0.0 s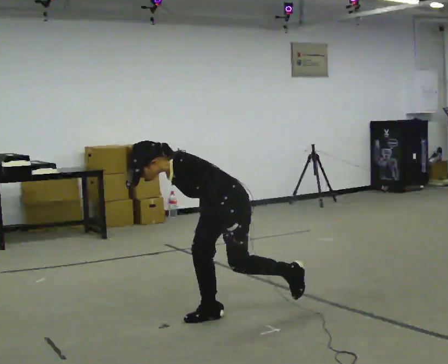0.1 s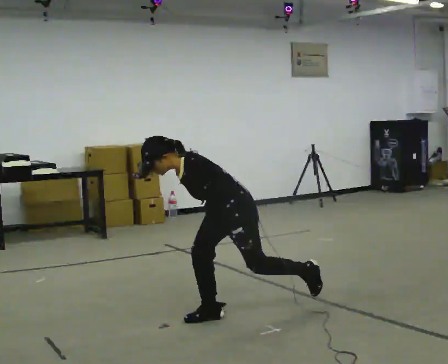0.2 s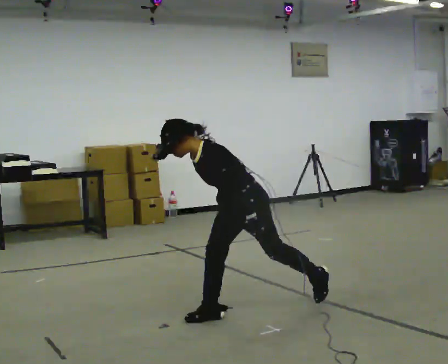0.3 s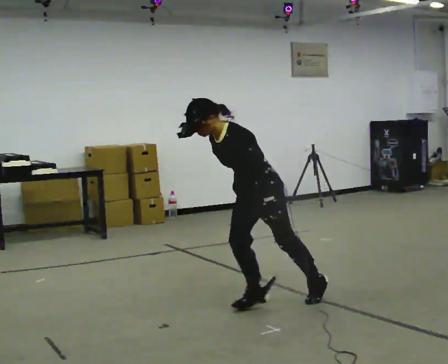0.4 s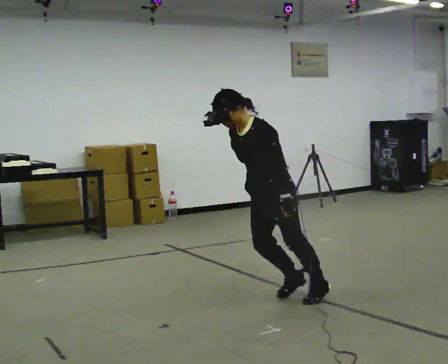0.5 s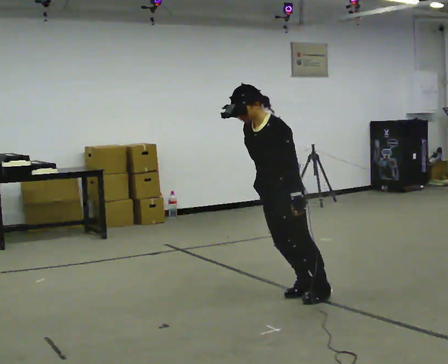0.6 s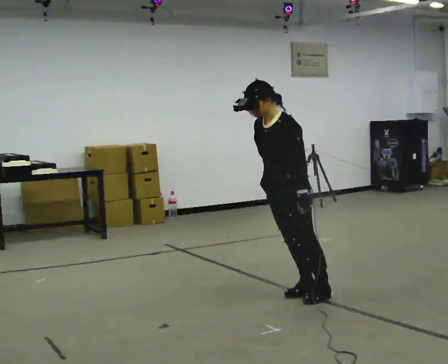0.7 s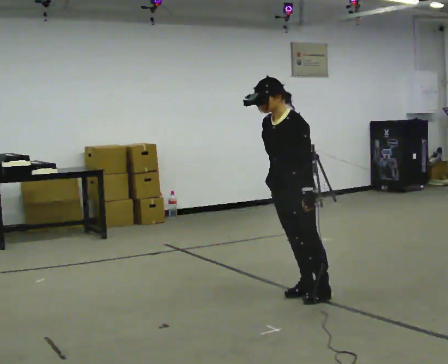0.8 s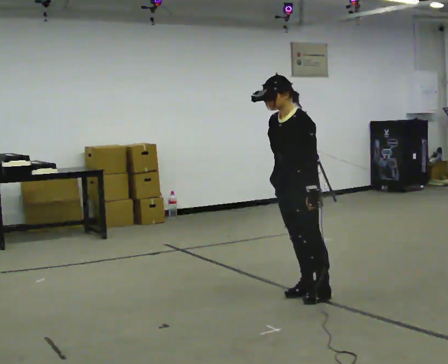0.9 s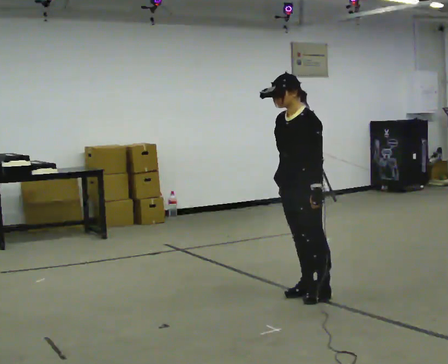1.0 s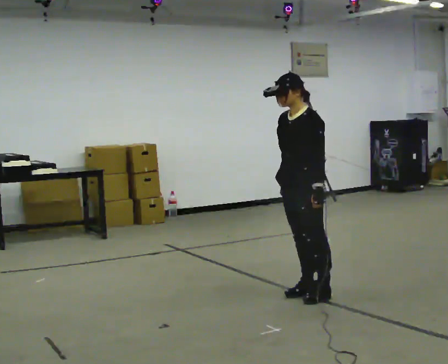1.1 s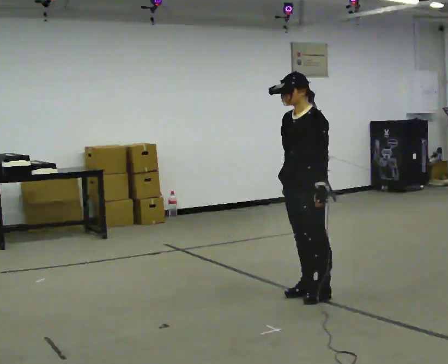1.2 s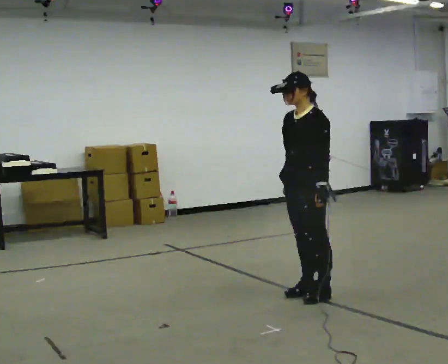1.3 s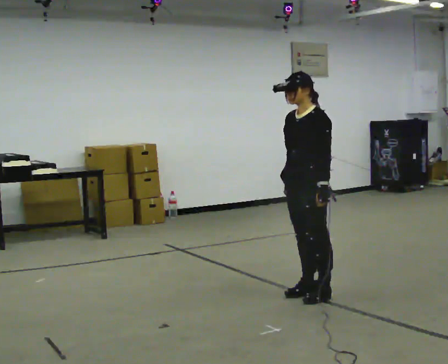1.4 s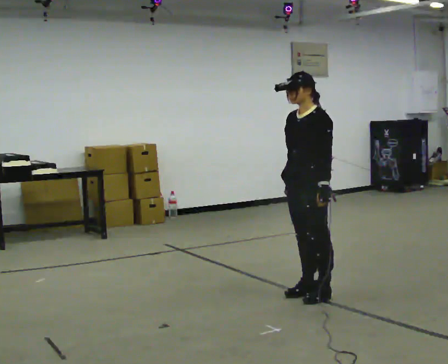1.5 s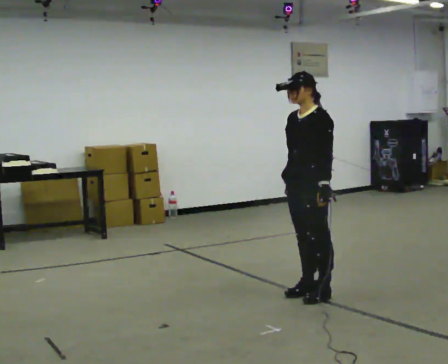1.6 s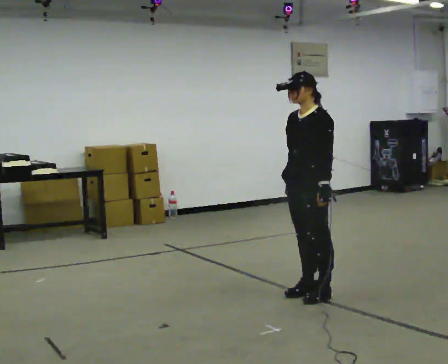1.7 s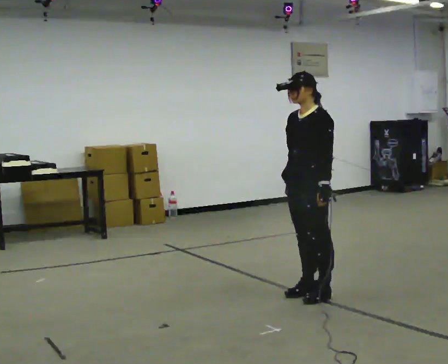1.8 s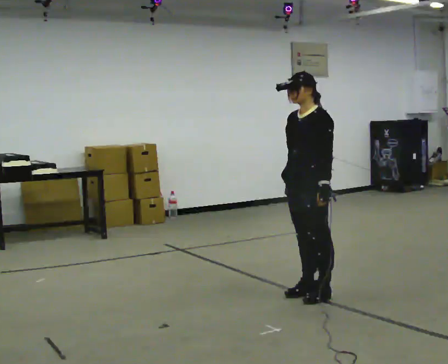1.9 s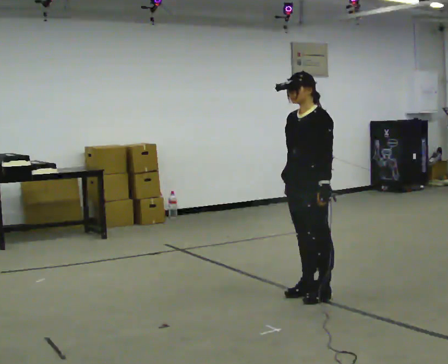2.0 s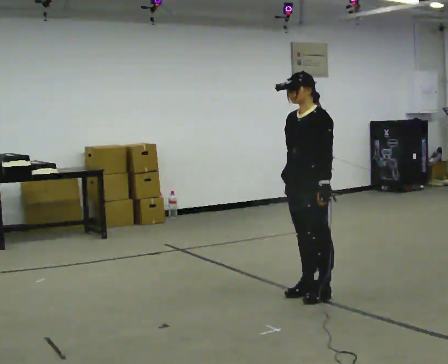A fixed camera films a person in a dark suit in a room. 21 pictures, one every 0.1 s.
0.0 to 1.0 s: In the picture they go to the right and away from the camera, about 0.75 m in 1 step, which for them is backward. The upper body goes upward. In the picture the upper body tilts clockwise, shoulders to the right, as they lean back or straighten.
1.0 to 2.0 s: The person moves a little, or ends about where they began.
The film runs backward here.
